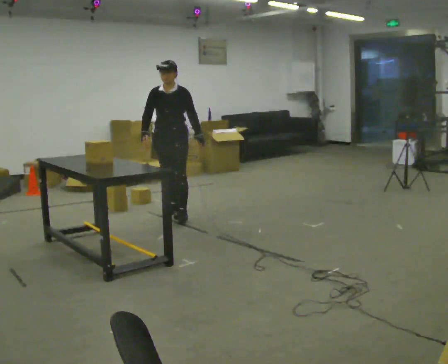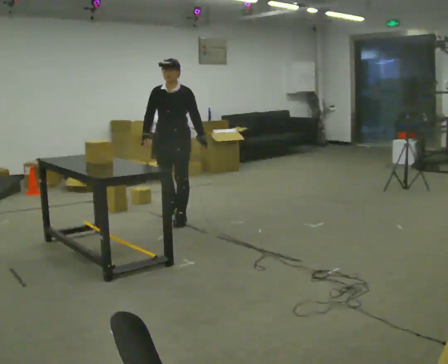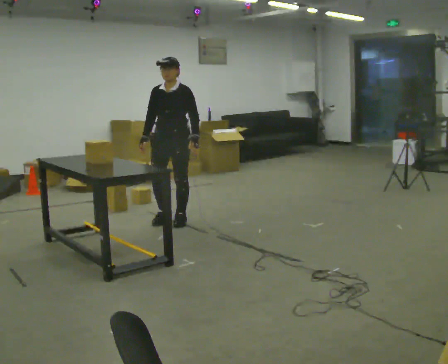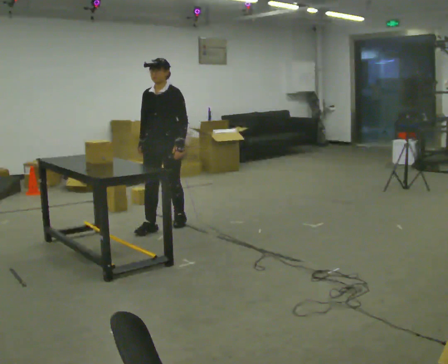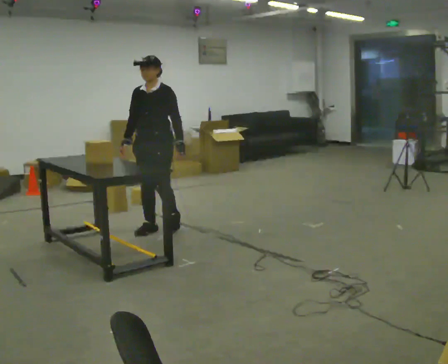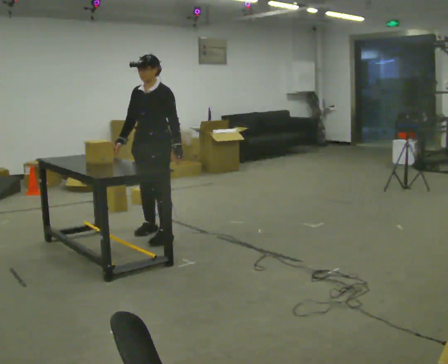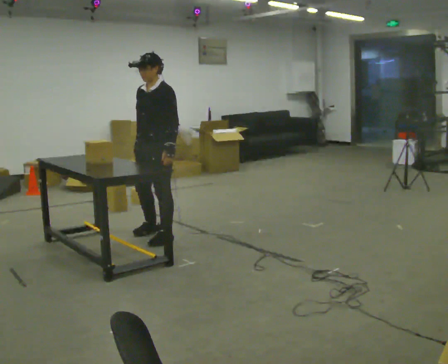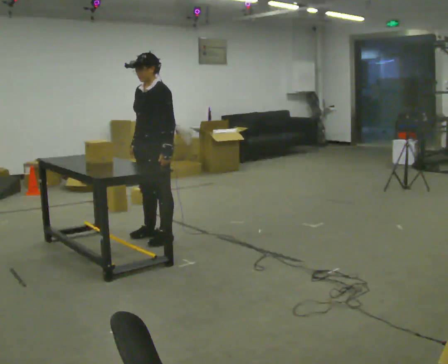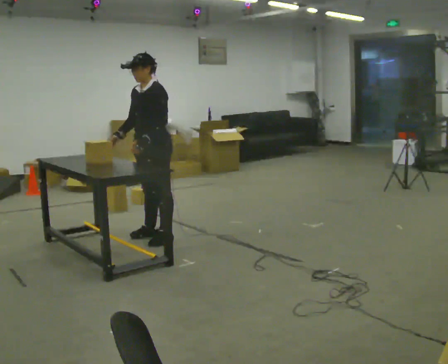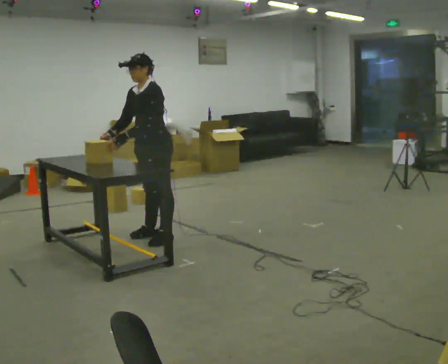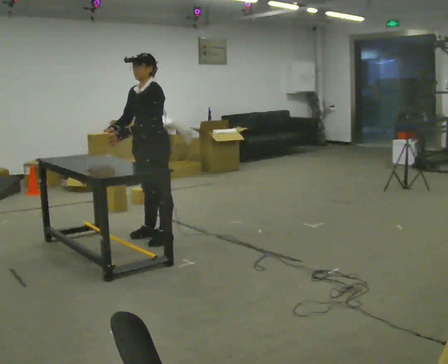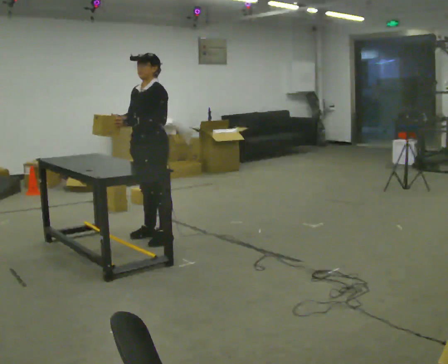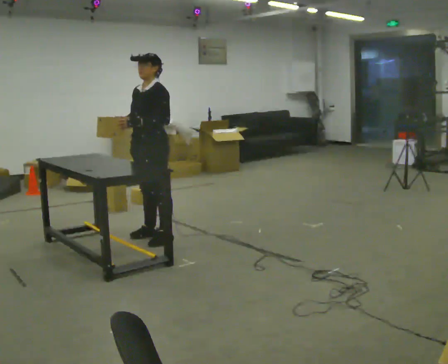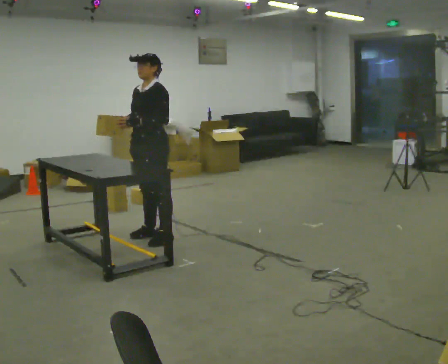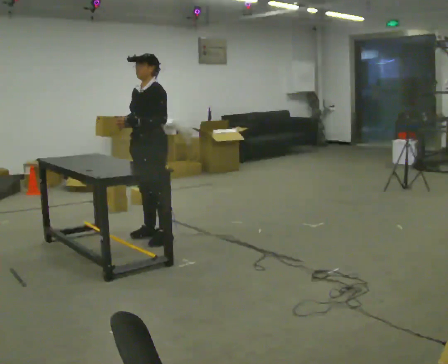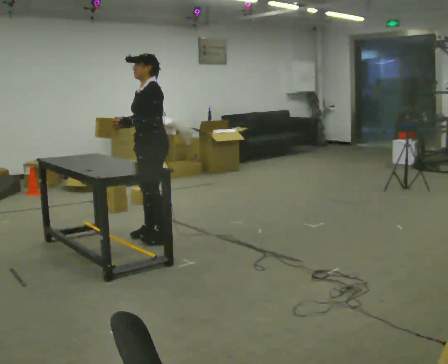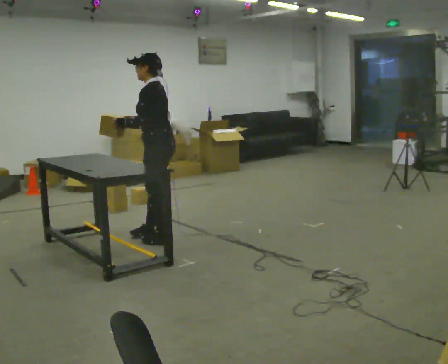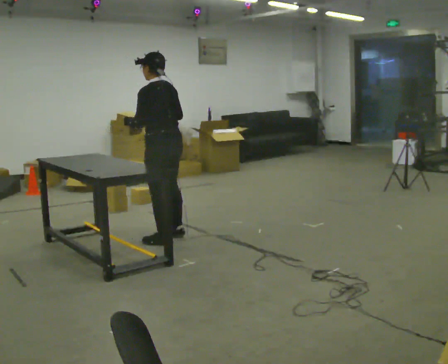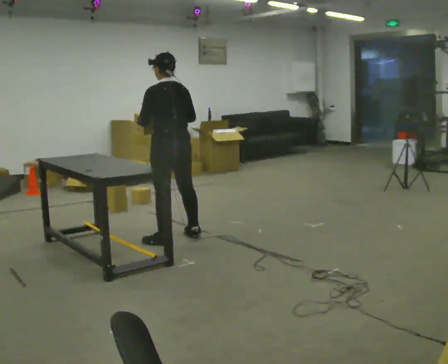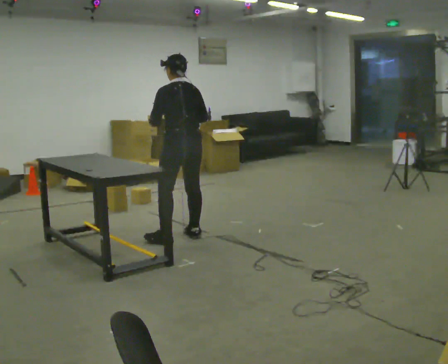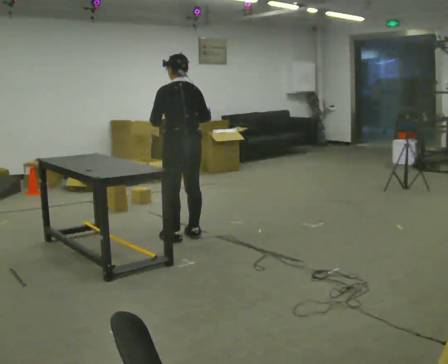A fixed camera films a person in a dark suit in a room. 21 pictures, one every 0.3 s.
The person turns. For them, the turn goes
to their right.
The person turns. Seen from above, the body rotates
clockwise.
0.0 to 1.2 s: In the picture they go toward the camera, about 0.5 m in 2 steps, which for them is forward.
1.2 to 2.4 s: Seen from above the body turns clockwise, about 30 degrees: to their right, with its near side sliding to the left. In the picture they go toward the camera, about 0.25 m in 2 steps, which for them is to their left and forward.
2.4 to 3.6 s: The person moves a little, or ends about where they began.
3.6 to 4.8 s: Seen from above the body turns clockwise, about 45 degrees: to their right, with its near side sliding to the left.
4.8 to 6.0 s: The person turns about 45 degrees to their right, clockwise seen from above, so the part of the body nearest the lens slides to the left. In the picture they go to the right, about 0.25 m in 1 step, which for them is to their right. In the picture their right hand goes to the right.
The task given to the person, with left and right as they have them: Take an object off the waist-height shelf, carry it across the room, and set it down on the floor. Keep going until the operator says stop; one object at a time, and do not rush between trips.
The film runs forward here.
